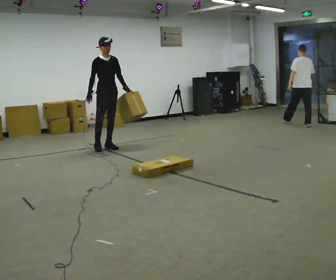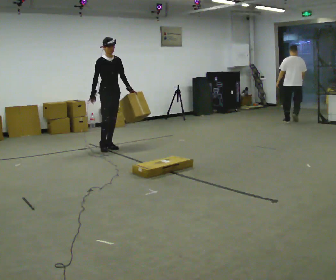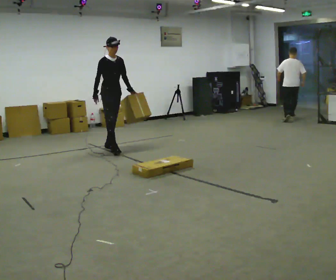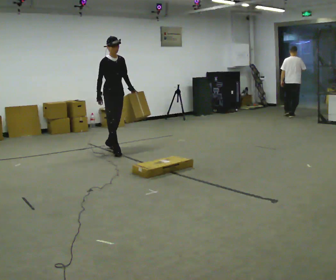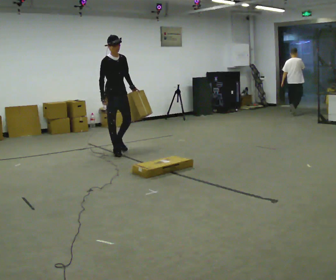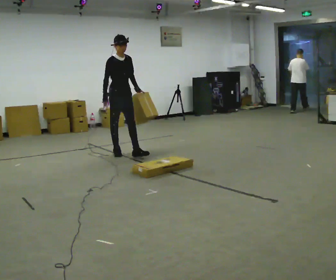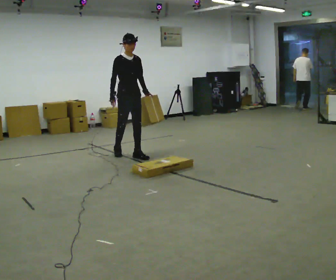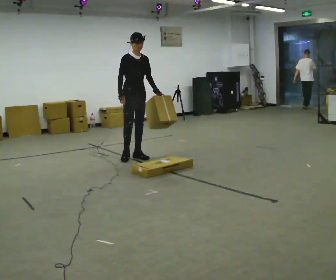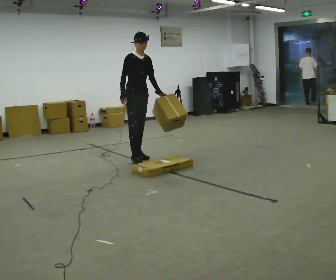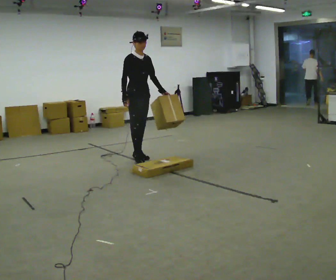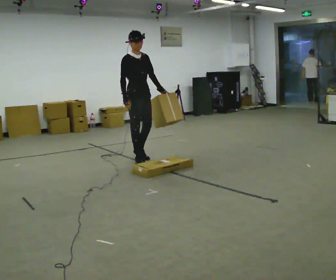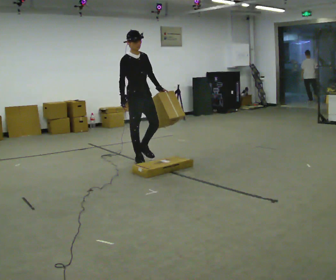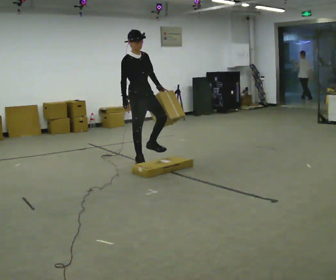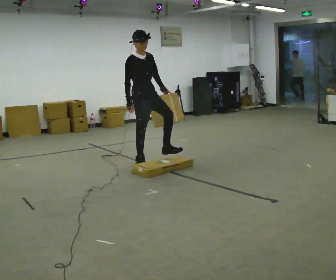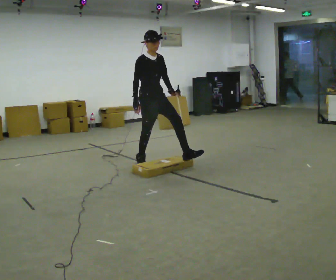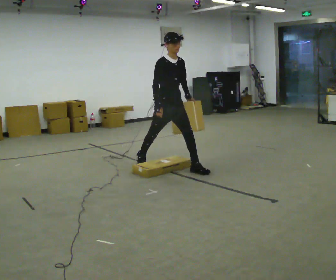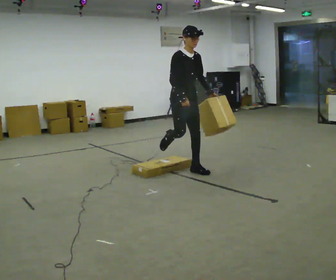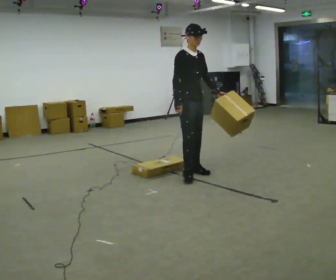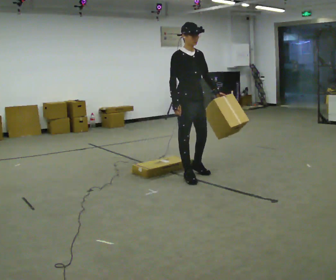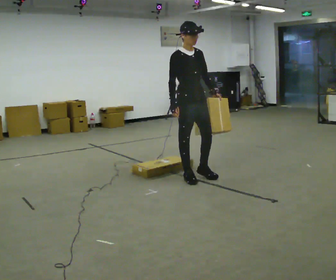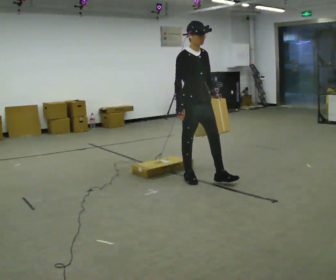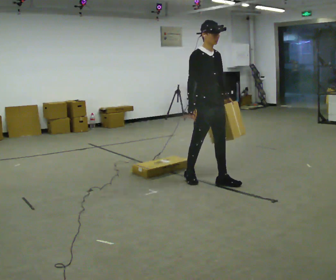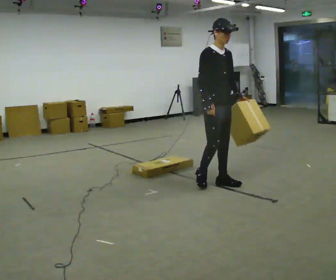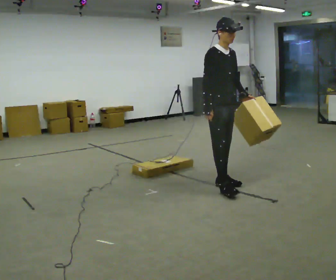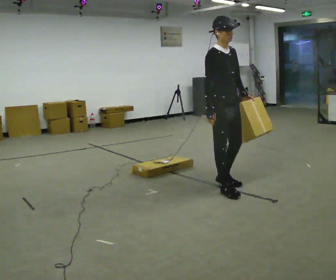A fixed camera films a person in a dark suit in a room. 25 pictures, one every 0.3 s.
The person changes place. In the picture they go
toward the camera.
0.0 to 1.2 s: In the picture they go toward the camera and to the right, about 0.25 m in 1 step, which for them is forward.
1.2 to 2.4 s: In the picture they go toward the camera and to the right, about 0.5 m in 1 step, which for them is forward.
2.4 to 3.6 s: In the picture they go toward the camera, about 0.25 m in 1 step, which for them is forward and to their right.
3.6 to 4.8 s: In the picture they go to the right and toward the camera, about 0.75 m in 1 step, which for them is forward.
4.8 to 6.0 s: In the picture they go toward the camera, about 0.5 m in 1 step, which for them is forward.
6.0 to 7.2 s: In the picture they go toward the camera and to the right, about 0.5 m in 2 steps, which for them is forward.
The film runs forward here.
